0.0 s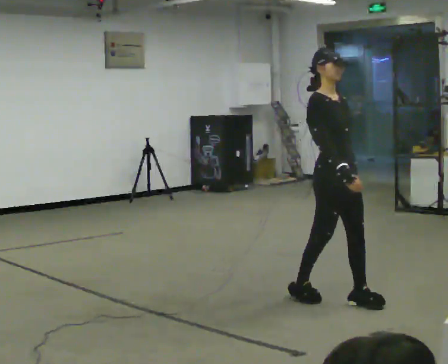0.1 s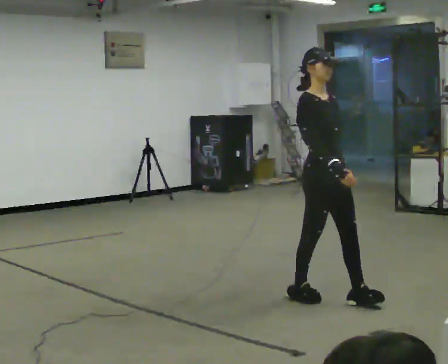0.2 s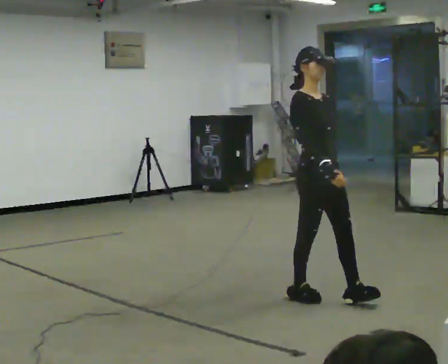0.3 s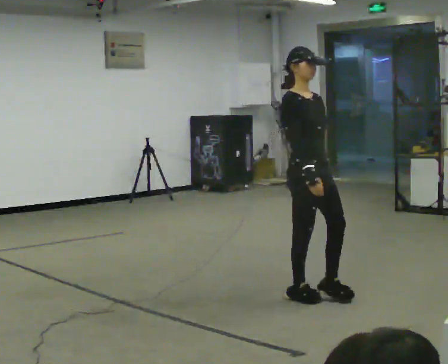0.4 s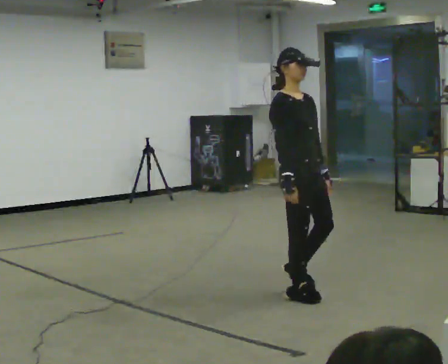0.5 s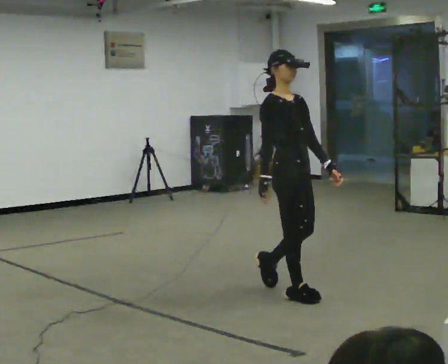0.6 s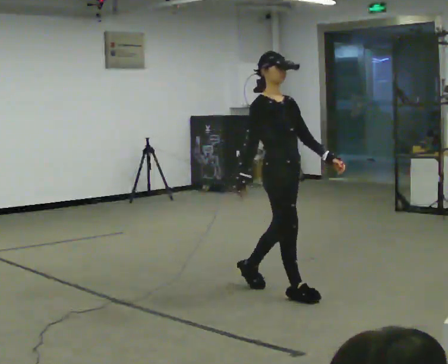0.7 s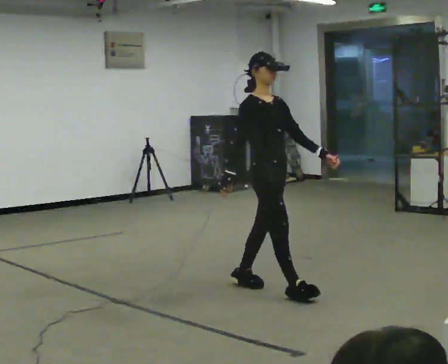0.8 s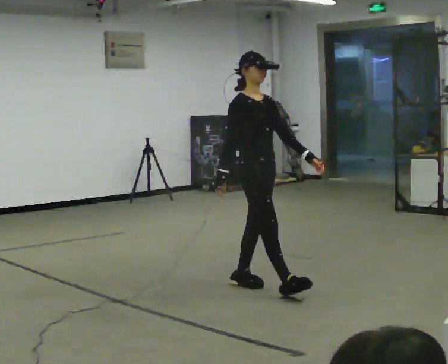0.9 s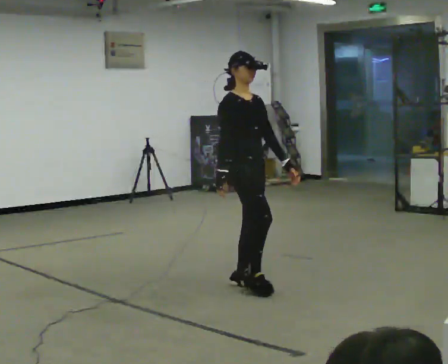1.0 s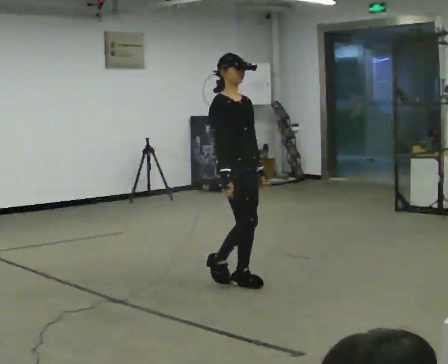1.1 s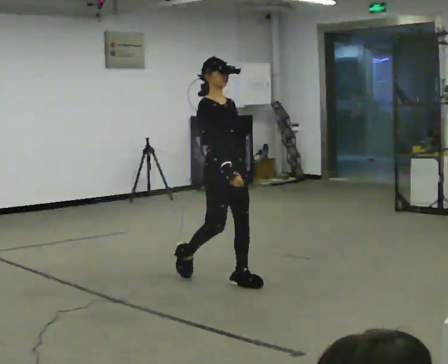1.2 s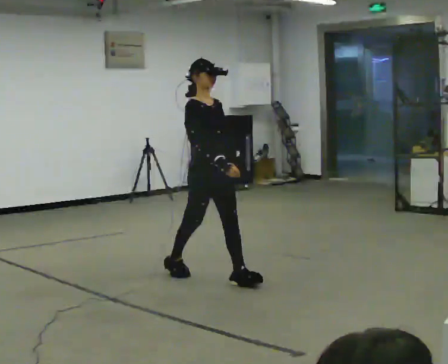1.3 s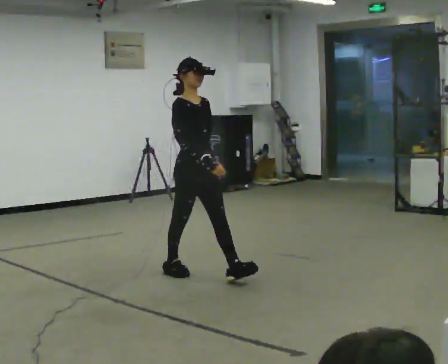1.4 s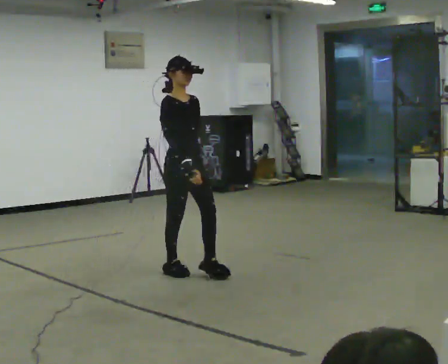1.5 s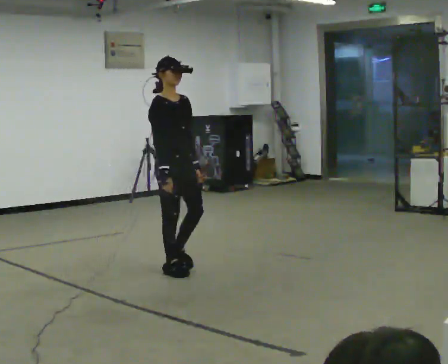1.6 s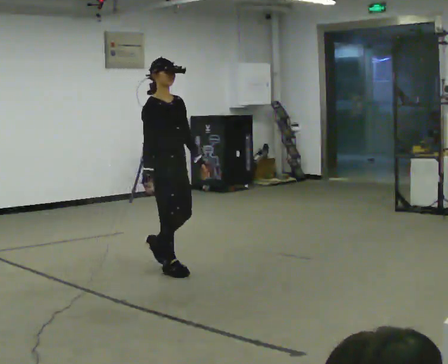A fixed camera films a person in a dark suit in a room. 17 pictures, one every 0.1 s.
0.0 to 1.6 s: In the picture they go to the left and away from the camera, about 1.5 m in 3 steps, which for them is backward.
The film runs backward here.
